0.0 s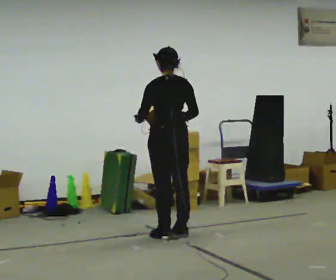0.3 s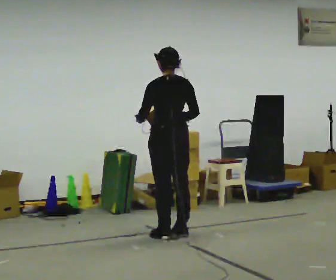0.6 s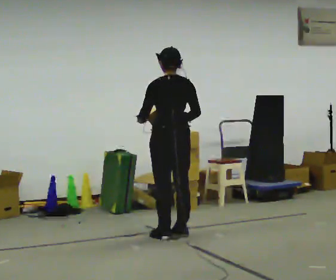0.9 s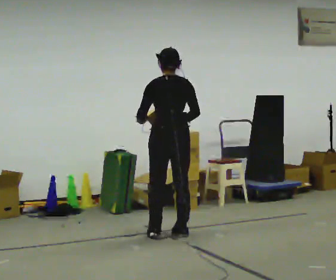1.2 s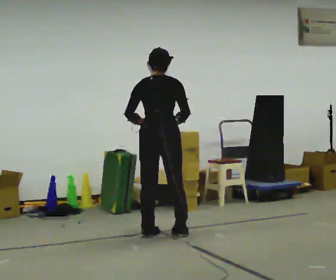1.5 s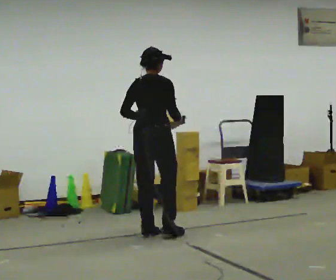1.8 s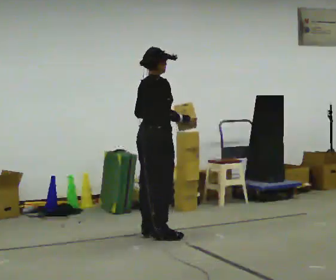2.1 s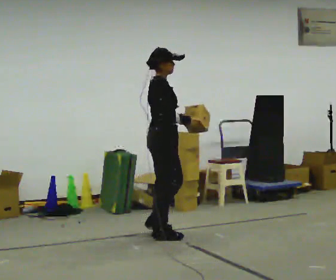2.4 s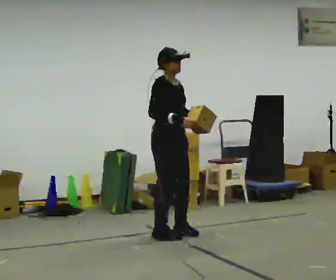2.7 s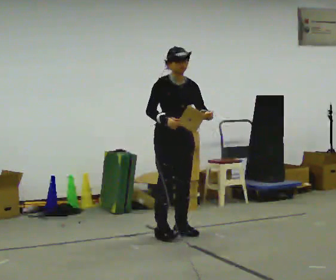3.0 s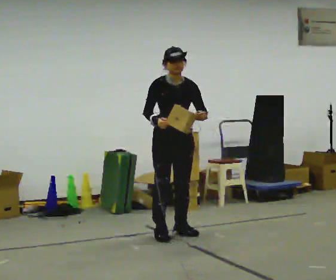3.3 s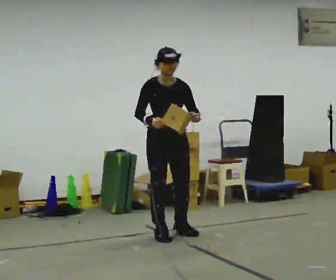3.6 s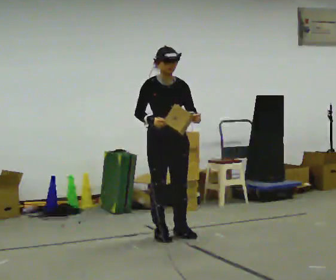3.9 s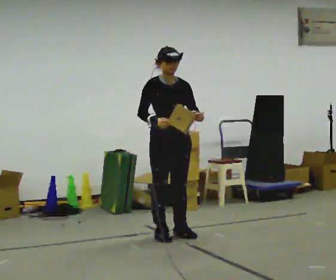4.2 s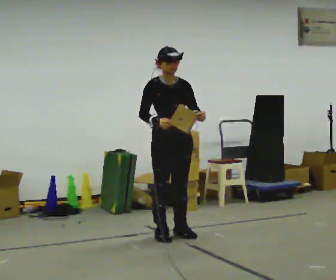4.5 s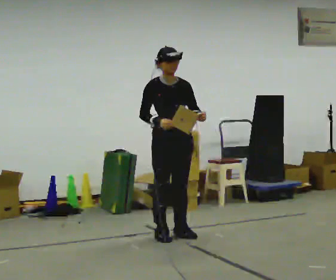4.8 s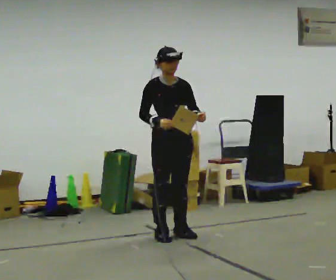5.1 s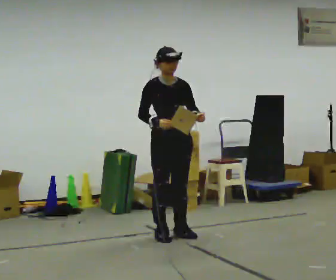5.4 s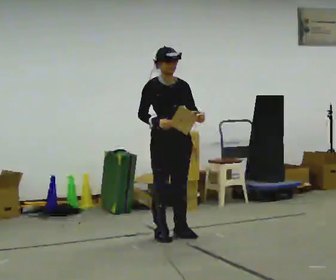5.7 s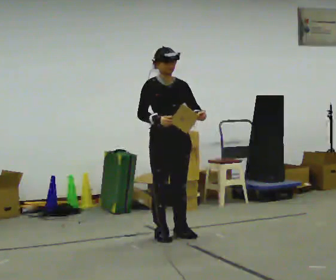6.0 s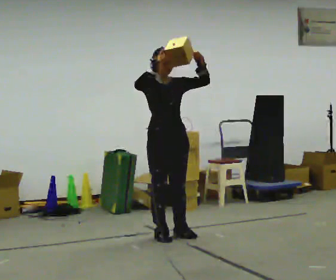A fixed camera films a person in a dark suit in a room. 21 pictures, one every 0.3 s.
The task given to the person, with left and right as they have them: Carry the object held up above your head, walking back and forth across the room.
0.0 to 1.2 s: The person turns about 30 degrees to their right, clockwise seen from above, so the part of the body nearest the lens slides to the left.
1.2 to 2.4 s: The person turns about 120 degrees to their right, clockwise seen from above, so the part of the body nearest the lens slides to the left. In the picture their left hand goes to the right.
2.4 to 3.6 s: Seen from above the body turns clockwise, about 30 degrees: to their right, with its near side sliding to the left.
3.6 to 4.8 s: The person moves a little, or ends about where they began.
4.8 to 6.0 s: In the picture their right hand goes upward.
The film runs forward here.
